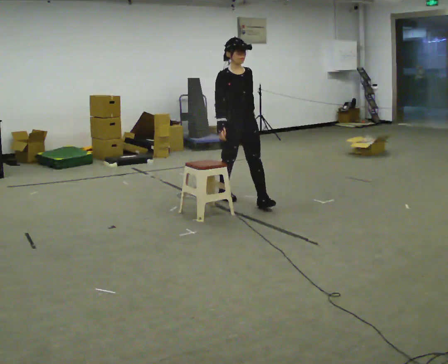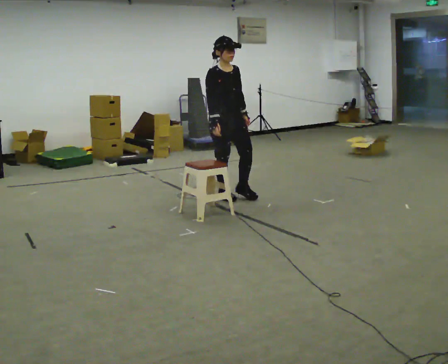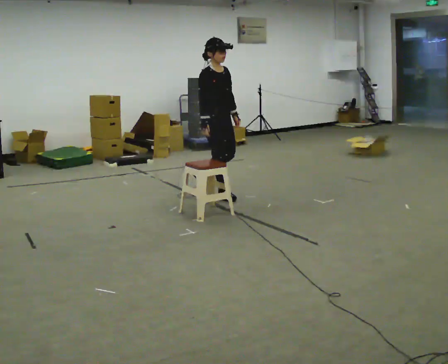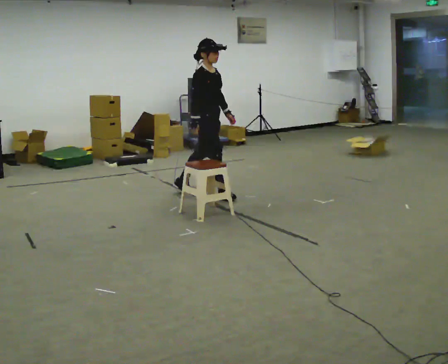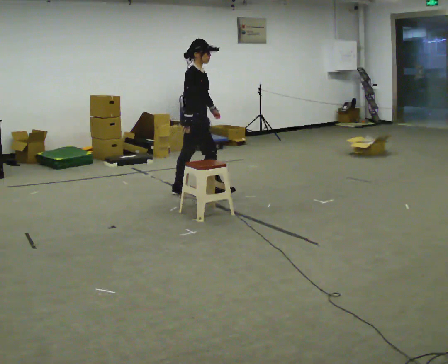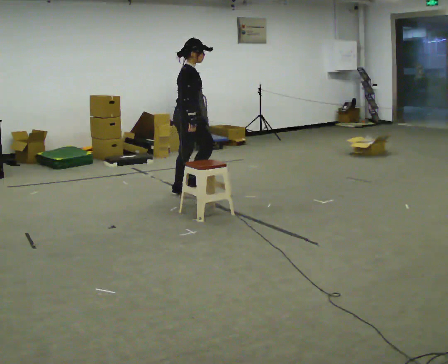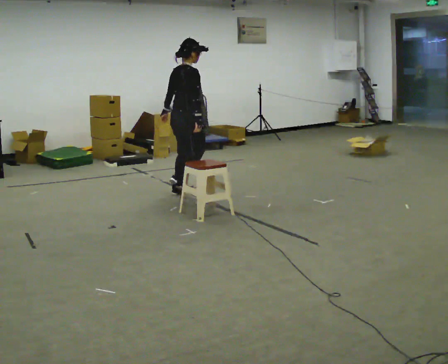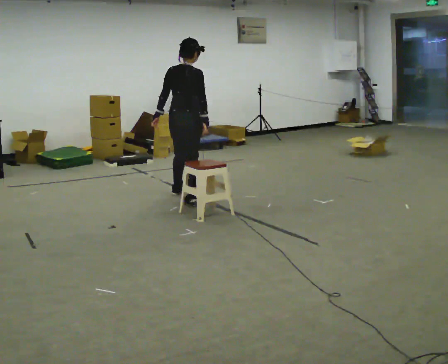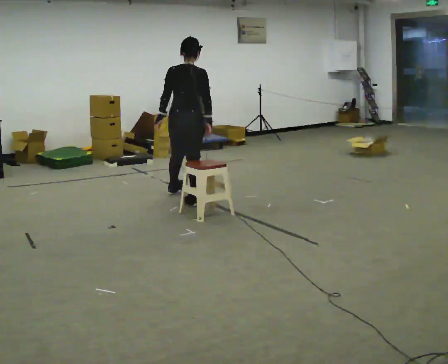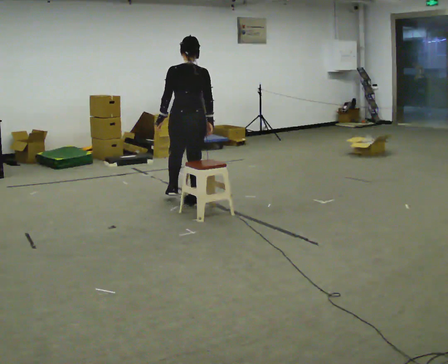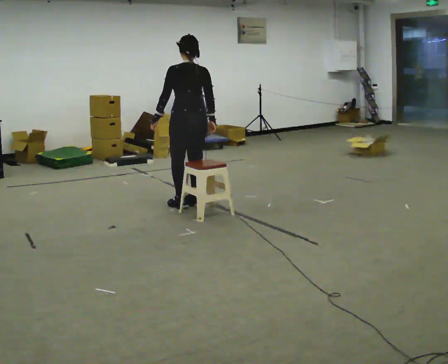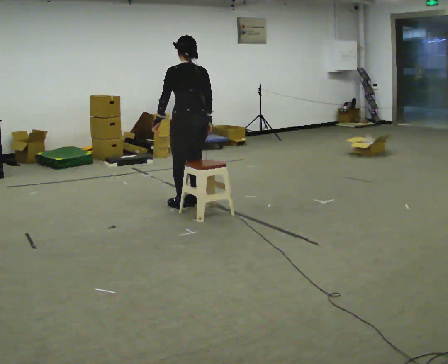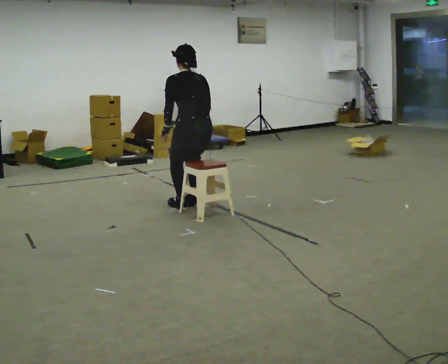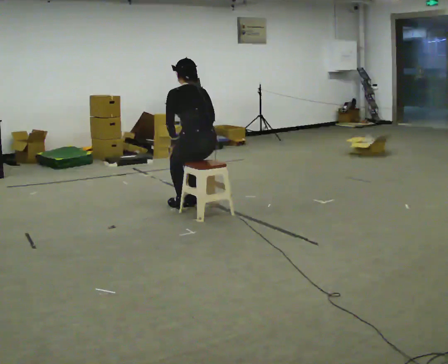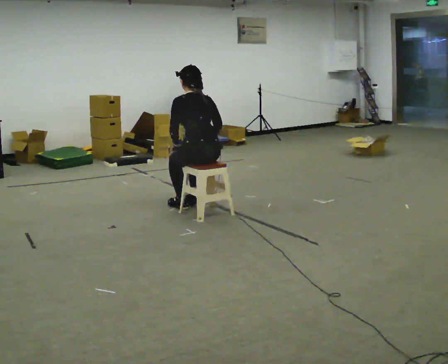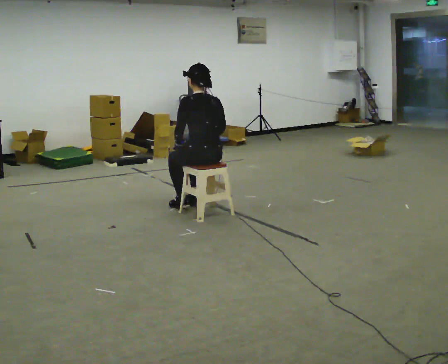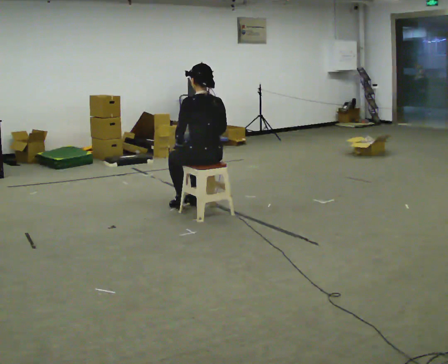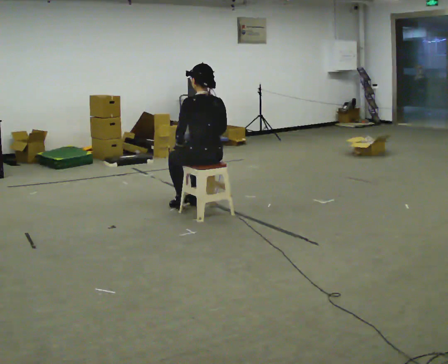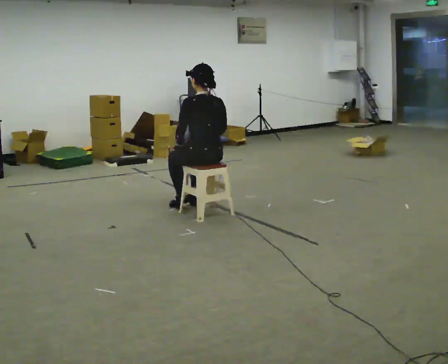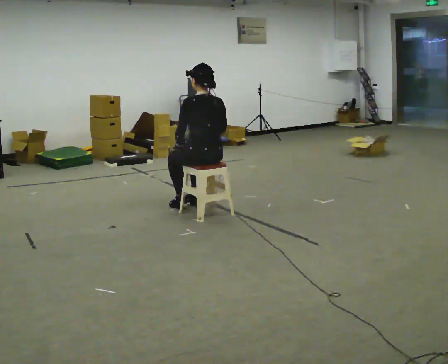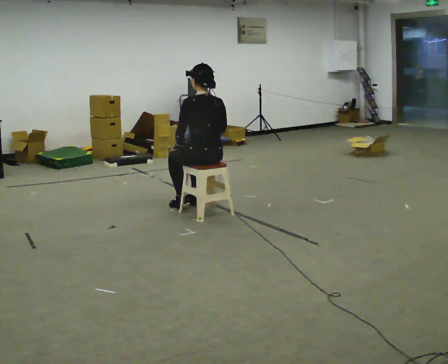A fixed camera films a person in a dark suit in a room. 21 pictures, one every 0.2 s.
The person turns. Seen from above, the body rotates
counterclockwise.
The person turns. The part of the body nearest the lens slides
to the right.
0.0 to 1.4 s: Seen from above the body turns counterclockwise, about 135 degrees: to their left, with its near side sliding to the right. In the picture they go to the left and away from the camera, about 0.5 m in 1 step.
1.4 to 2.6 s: The person turns about 60 degrees to their left, counterclockwise seen from above, so the part of the body nearest the lens slides to the right. In the picture they go toward the camera, about 0.5 m in 1 step, which for them is backward. The upper body goes downward. The upper body tips away from the camera, its near side rolling upward, as they bend forward.
2.6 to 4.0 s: The upper body tips toward the camera, its near side rolling downward, as they lean back or straighten.
The film runs backward here.
